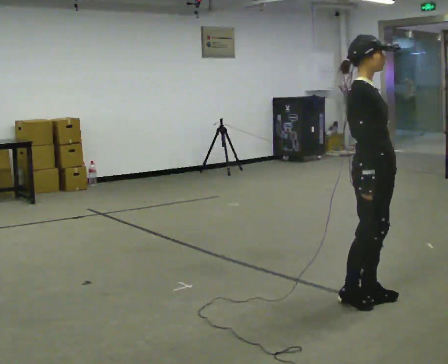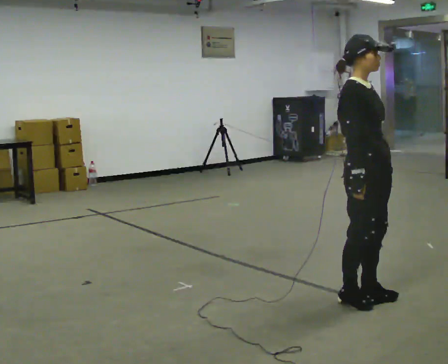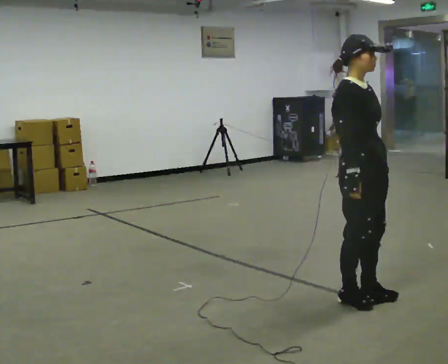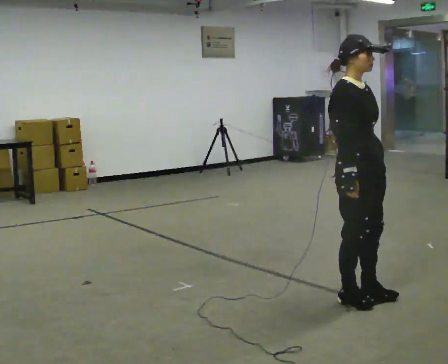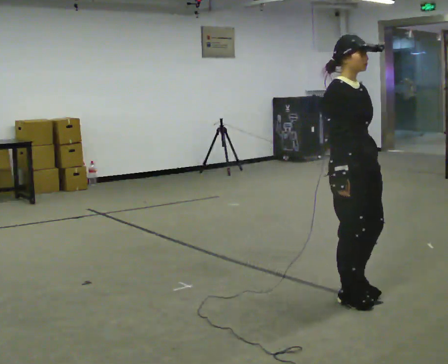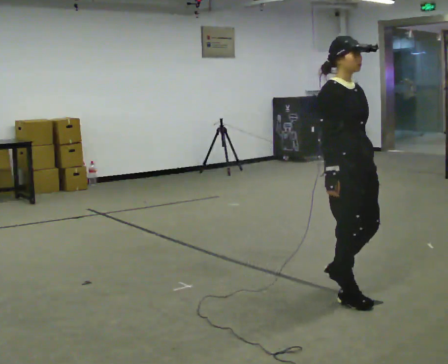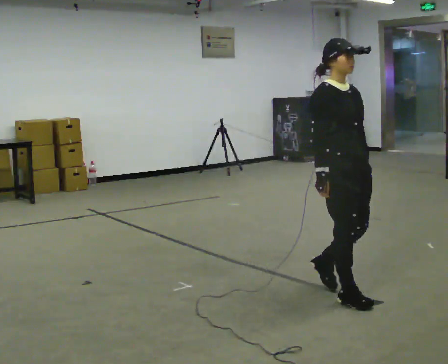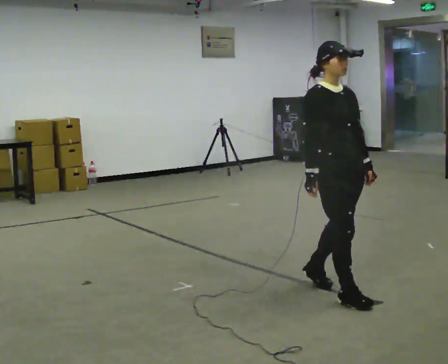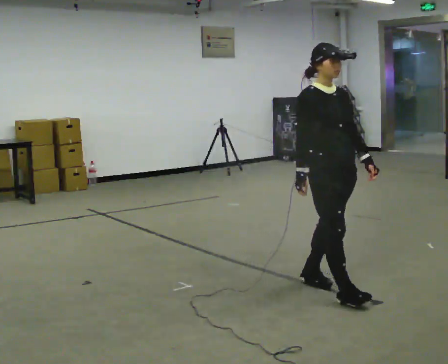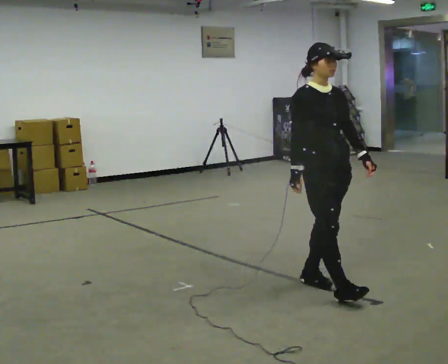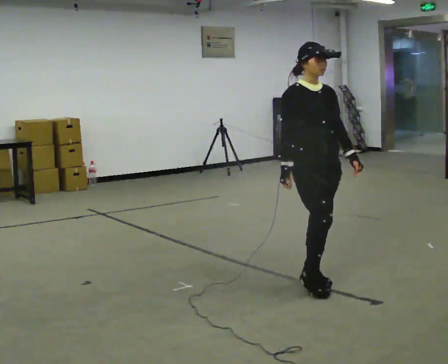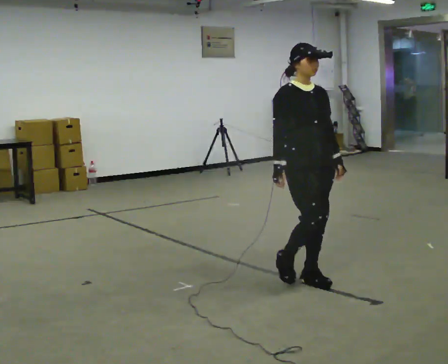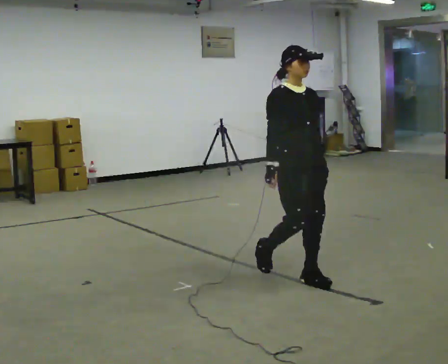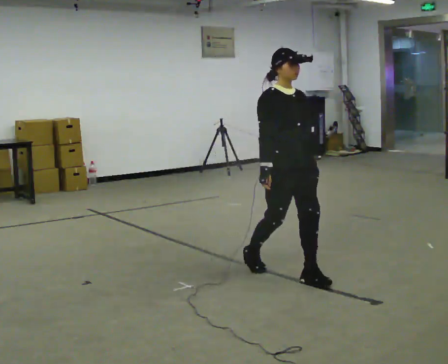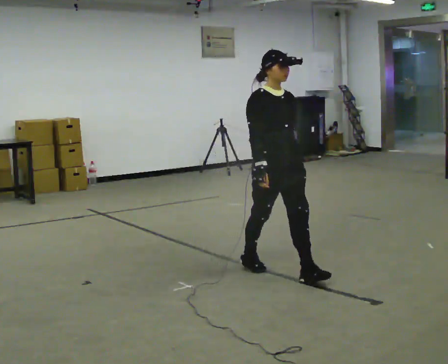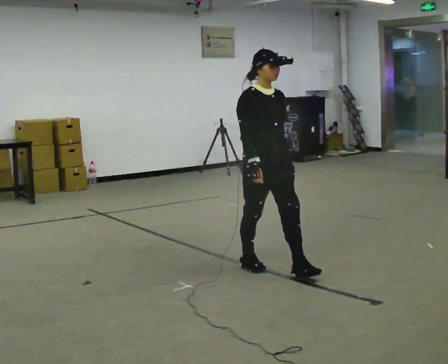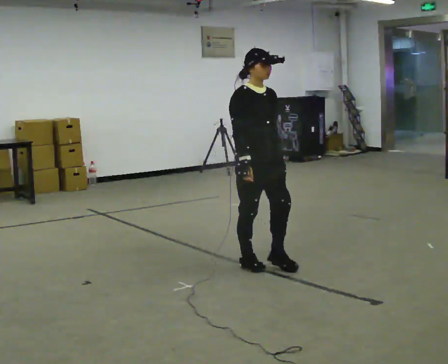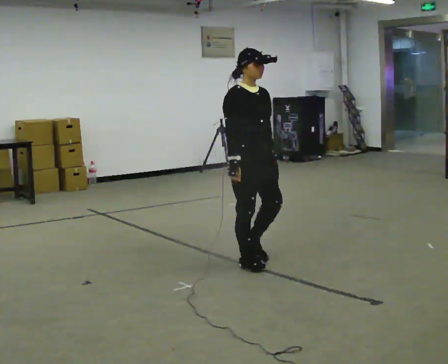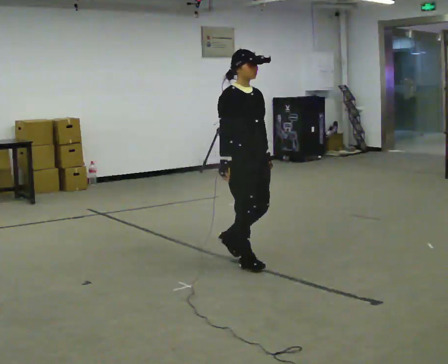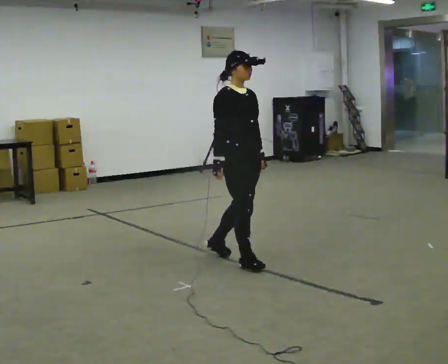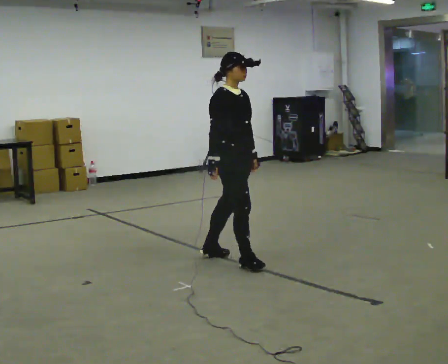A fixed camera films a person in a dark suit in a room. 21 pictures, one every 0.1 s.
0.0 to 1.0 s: Seen from above the body turns clockwise, about 45 degrees: to their right, with its near side sliding to the left. In the picture they go away from the camera and to the left, about 0.5 m in 2 steps, which for them is backward.
1.0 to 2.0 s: The person turns about 30 degrees to their left, counterclockwise seen from above, so the part of the body nearest the lens slides to the right. In the picture they go to the left and away from the camera, about 1 m in 1 step, which for them is backward.
The film runs backward here.
